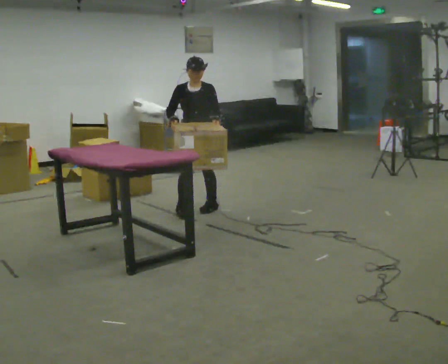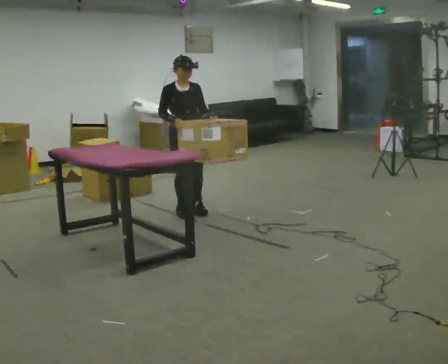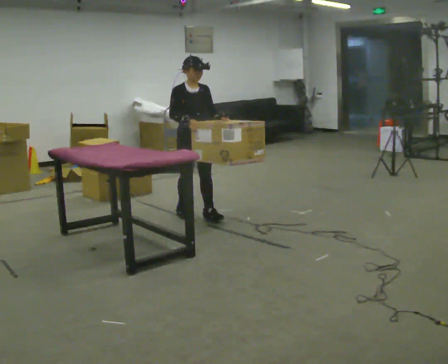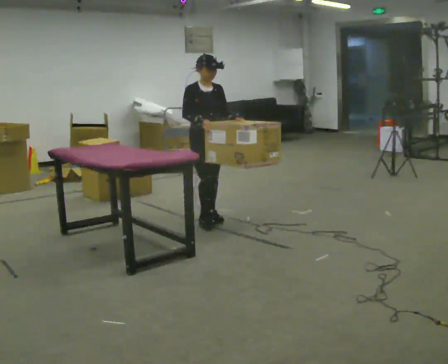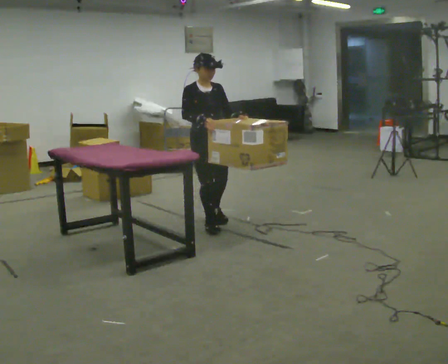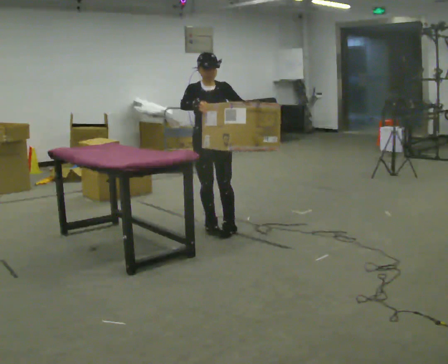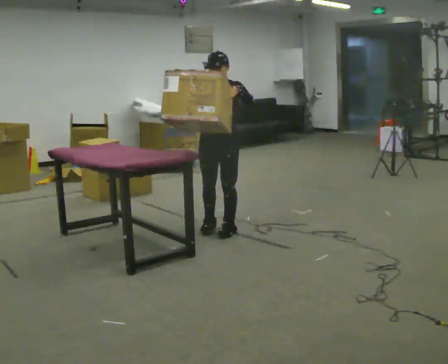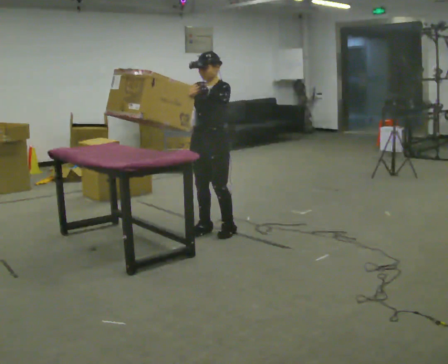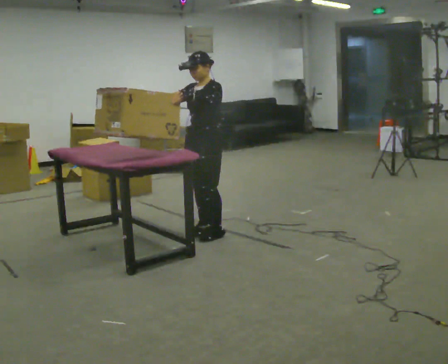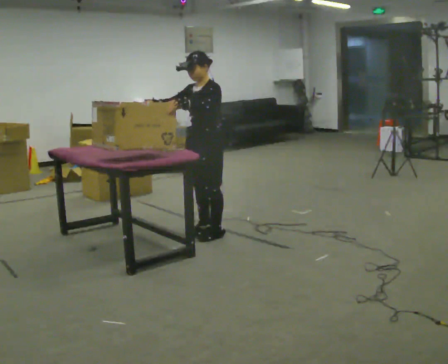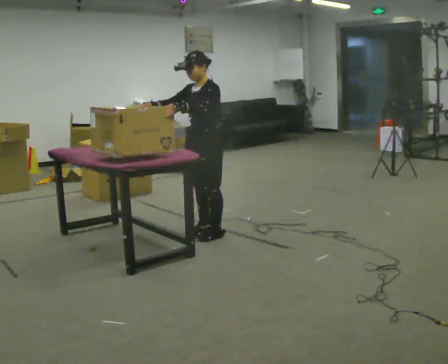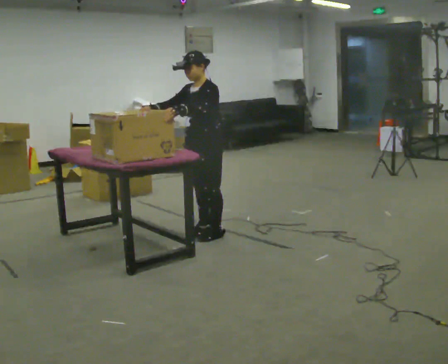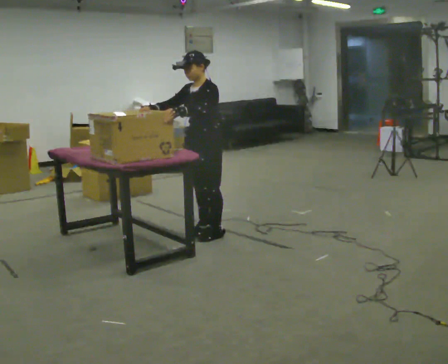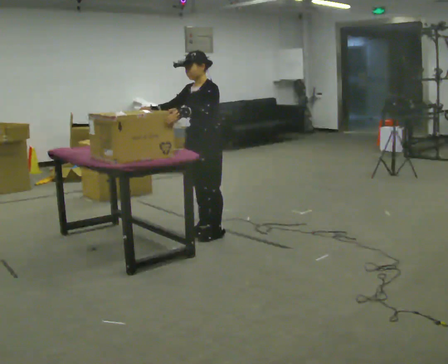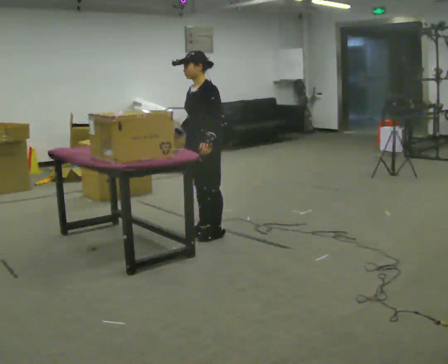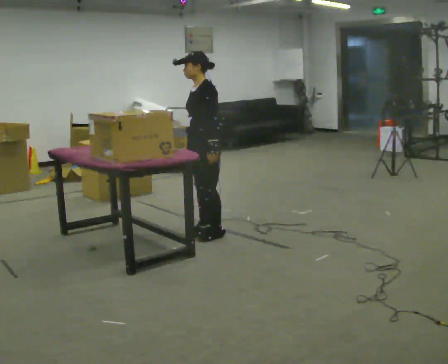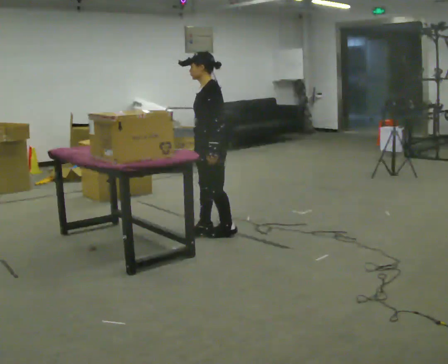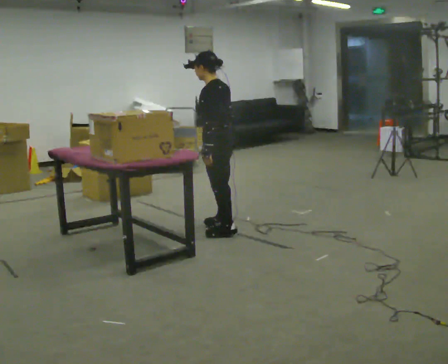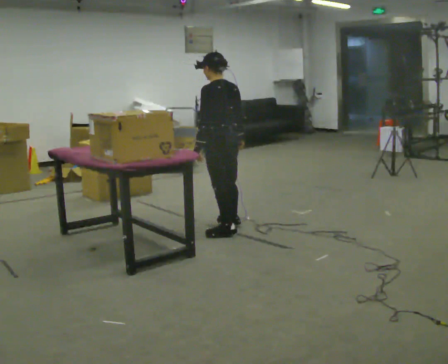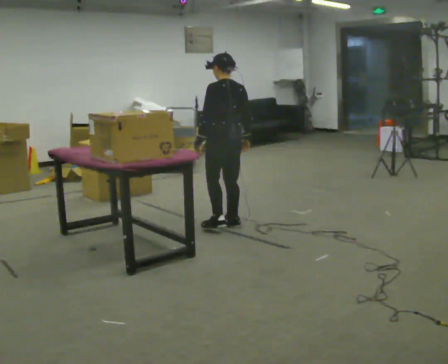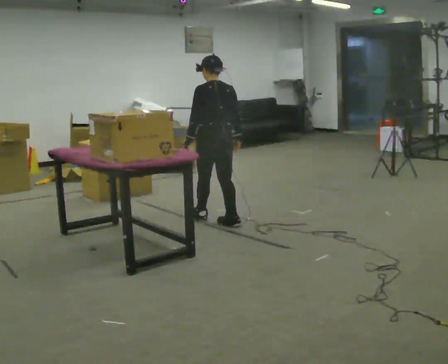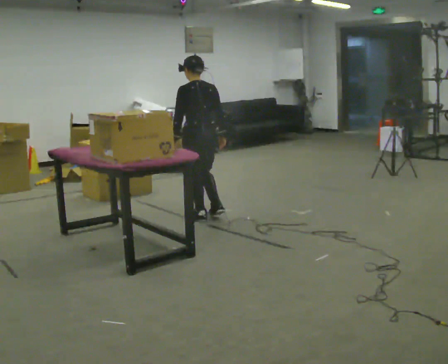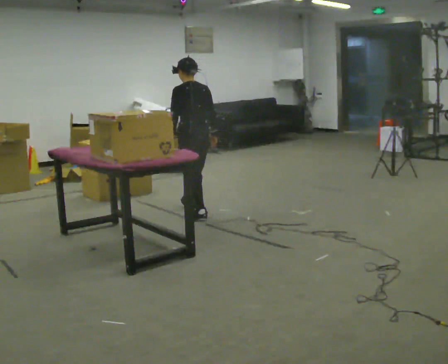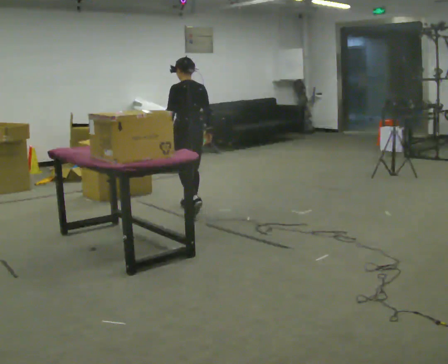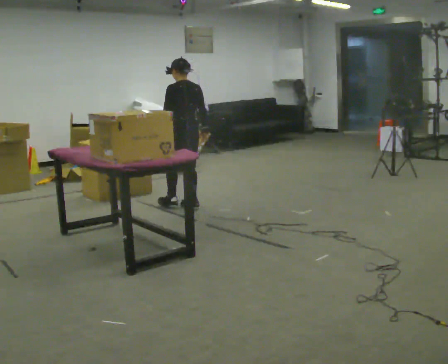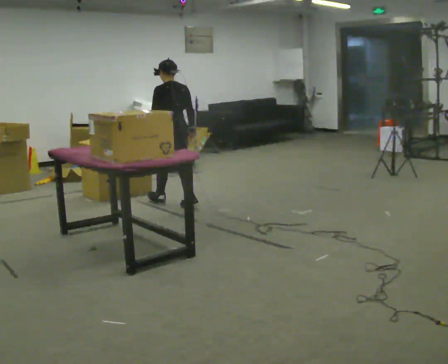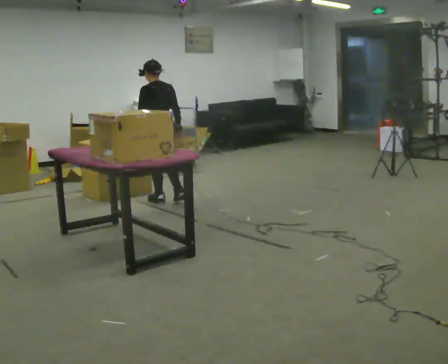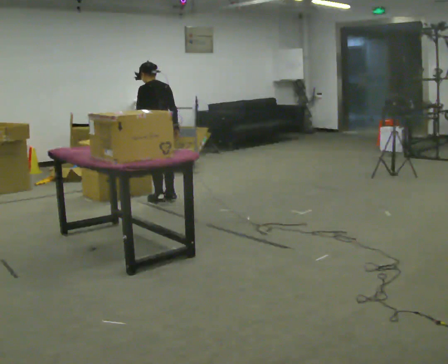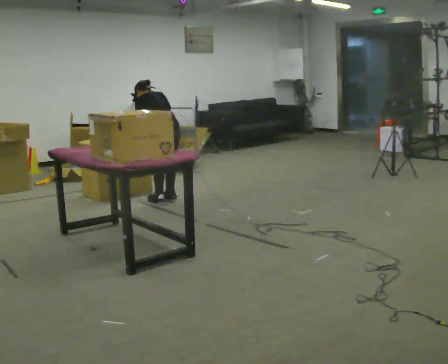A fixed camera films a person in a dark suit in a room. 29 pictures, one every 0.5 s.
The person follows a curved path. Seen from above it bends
counterclockwise.
0.0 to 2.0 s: In the picture they go toward the camera, about 0.5 m in 2 steps, which for them is forward.
2.0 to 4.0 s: The part of the body nearest the lens slides to the left as the person turns to their right by about 75 degrees. In the picture they go toward the camera, about 0.25 m in 1 step. In the picture their left hand goes to the left.
4.0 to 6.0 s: The person moves a little, or ends about where they began.
6.0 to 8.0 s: Seen from above the body turns clockwise, about 30 degrees: to their right, with its near side sliding to the left. In the picture their right hand goes to the right, the arm swinging counterclockwise.
8.0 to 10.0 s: The person turns about 75 degrees to their right, clockwise seen from above, so the part of the body nearest the lens slides to the left. In the picture they go away from the camera, about 0.25 m in 2 steps.
10.0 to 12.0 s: In the picture they go away from the camera and to the left, about 0.75 m in 1 step, which for them is forward.
12.0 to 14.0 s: In the picture they go to the left and away from the camera, about 0.25 m in 2 steps, which for them is forward. The upper body tips away from the camera, its near side rolling upward, as they bend forward.
The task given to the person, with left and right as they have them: Take boxes off the top of the stack one at a time and carry them away, walking back for each one. Keep going until the operator says stop; one object at a time, and do not rush between trips.
The film runs forward here.
